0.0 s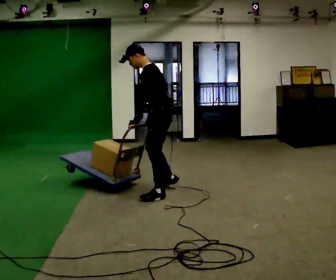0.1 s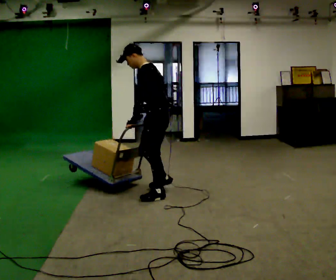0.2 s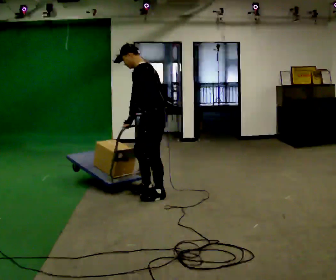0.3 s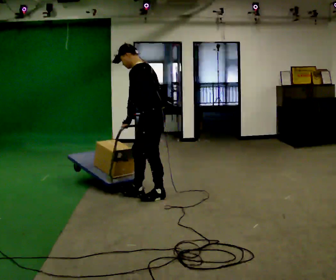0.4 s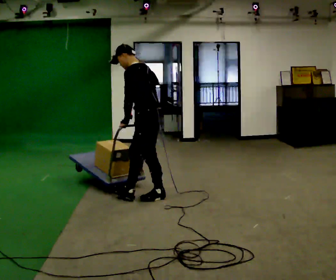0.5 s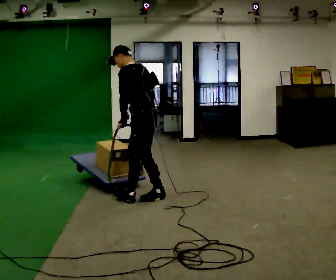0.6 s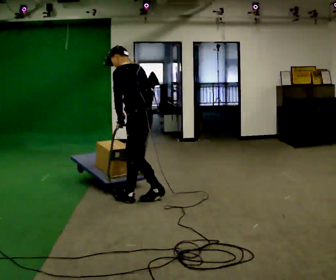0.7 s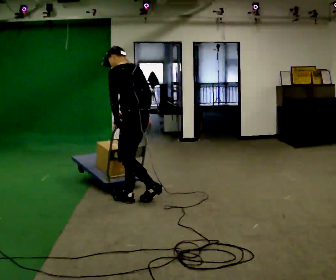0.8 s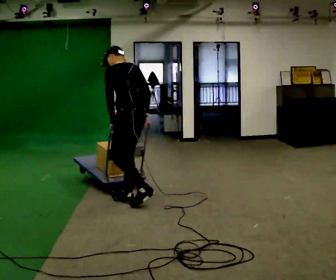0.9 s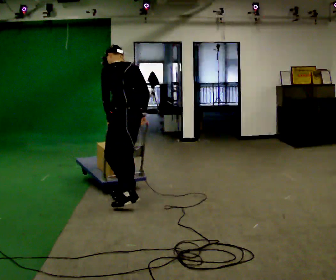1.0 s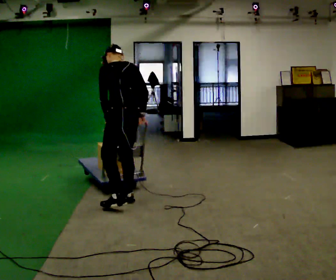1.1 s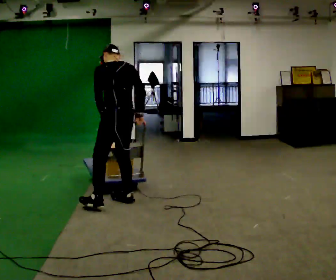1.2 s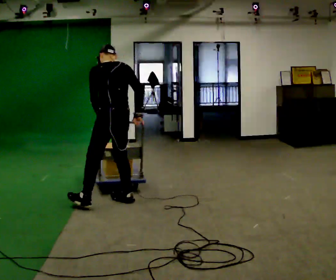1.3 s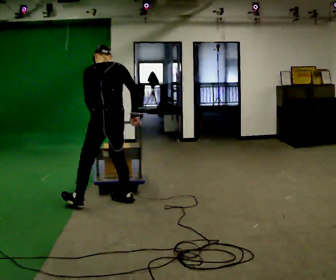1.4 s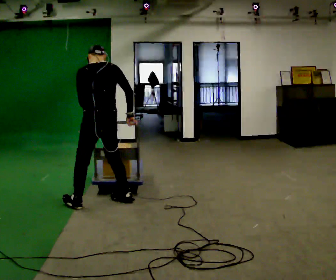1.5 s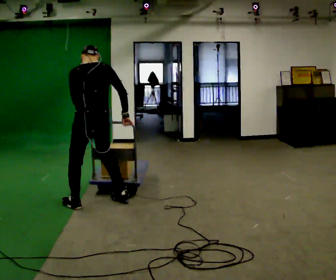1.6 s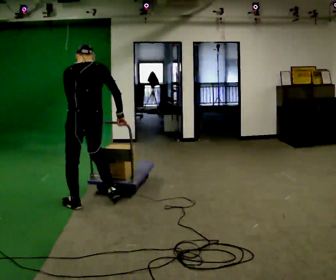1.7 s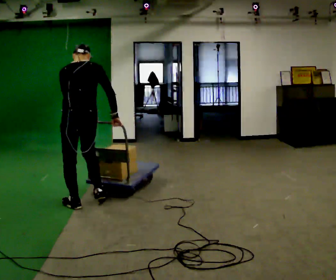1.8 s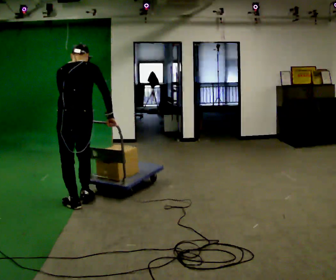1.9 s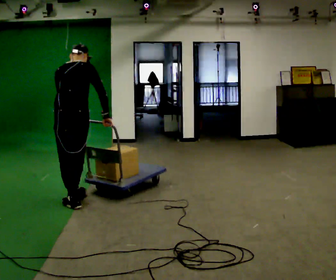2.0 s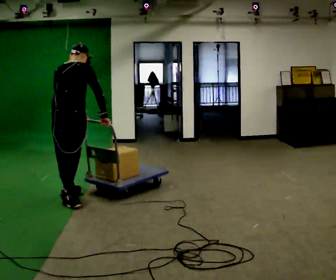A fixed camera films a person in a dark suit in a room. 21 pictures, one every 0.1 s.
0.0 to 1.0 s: Seen from above the body turns clockwise, about 45 degrees: to their right, with its near side sliding to the left. In the picture they go to the left and toward the camera, about 0.5 m in 1 step, which for them is to their left and forward.
1.0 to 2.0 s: Seen from above the body turns clockwise, about 45 degrees: to their right, with its near side sliding to the left. In the picture they go to the left, about 0.5 m in 2 steps, which for them is to their left.
The film runs forward here.
